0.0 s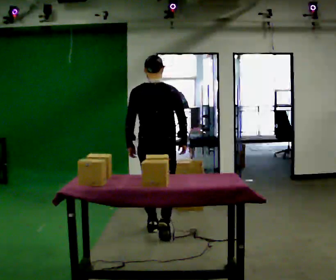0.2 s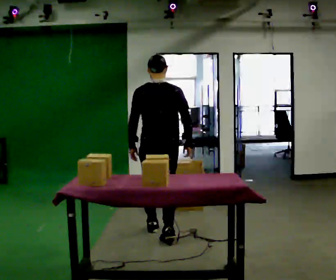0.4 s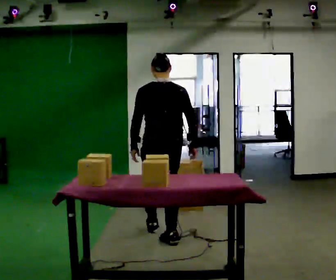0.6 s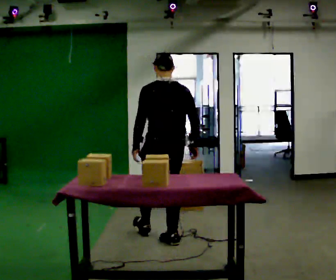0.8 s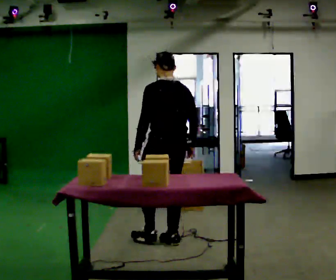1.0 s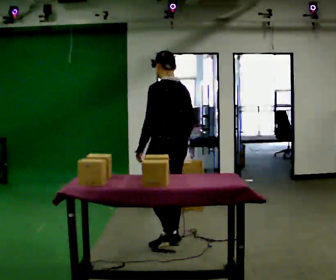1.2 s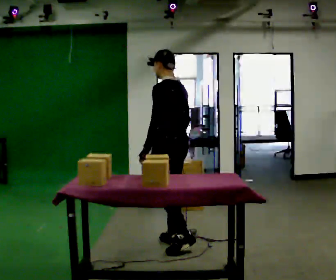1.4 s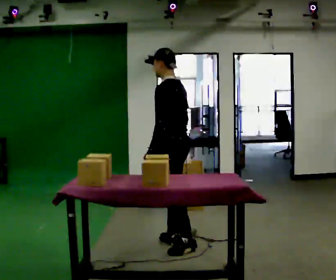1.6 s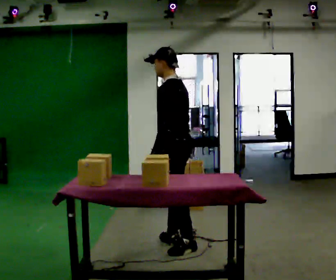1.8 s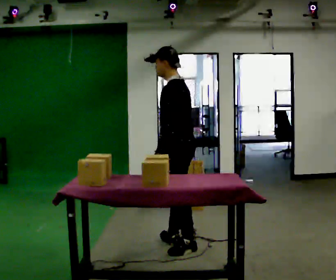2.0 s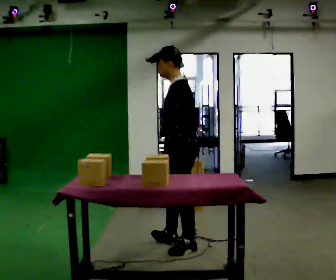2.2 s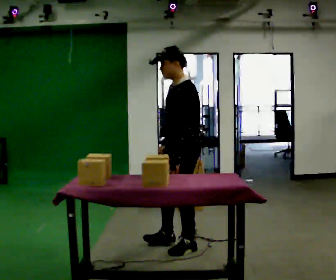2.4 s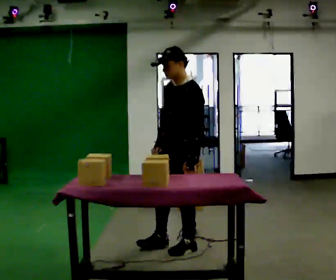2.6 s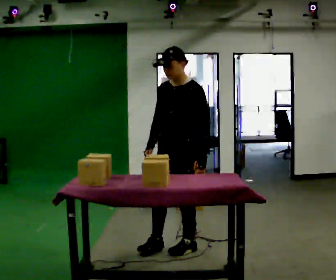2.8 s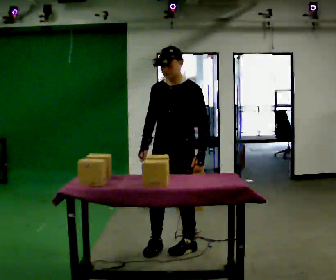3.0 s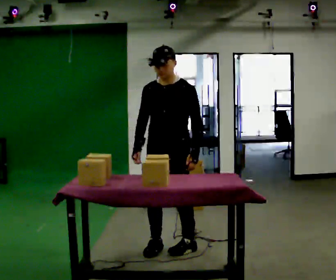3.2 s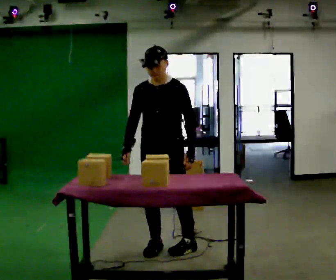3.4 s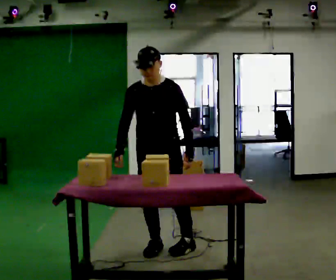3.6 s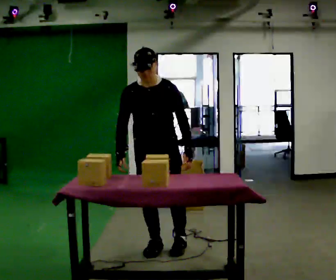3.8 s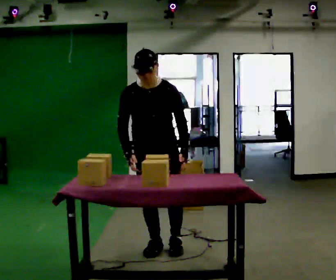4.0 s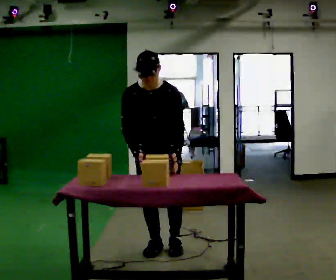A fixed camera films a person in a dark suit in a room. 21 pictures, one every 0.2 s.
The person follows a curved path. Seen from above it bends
clockwise.
The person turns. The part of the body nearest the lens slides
to the right.
0.0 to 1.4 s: The part of the body nearest the lens slides to the right as the person turns to their left by about 75 degrees. In the picture they go toward the camera and to the right, about 0.5 m in 1 step.
1.4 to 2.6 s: Seen from above the body turns counterclockwise, about 60 degrees: to their left, with its near side sliding to the right. In the picture their left hand goes to the right.
2.6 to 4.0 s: The person turns about 45 degrees to their left, counterclockwise seen from above, so the part of the body nearest the lens slides to the right. In the picture they go to the left, about 0.25 m, which for them is to their right.
The film runs backward here.
